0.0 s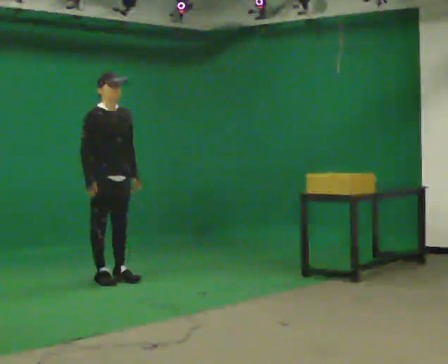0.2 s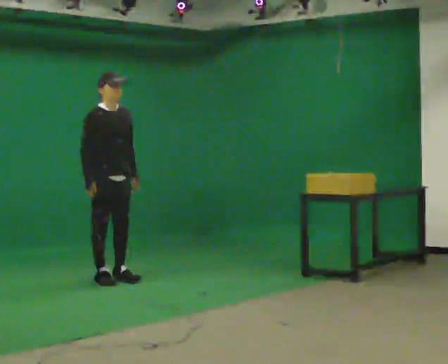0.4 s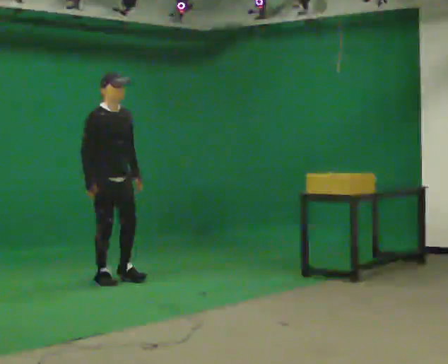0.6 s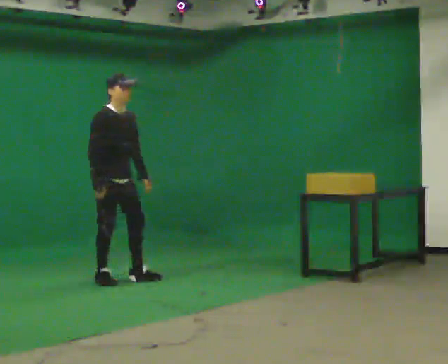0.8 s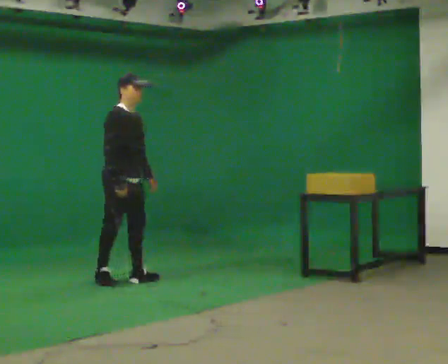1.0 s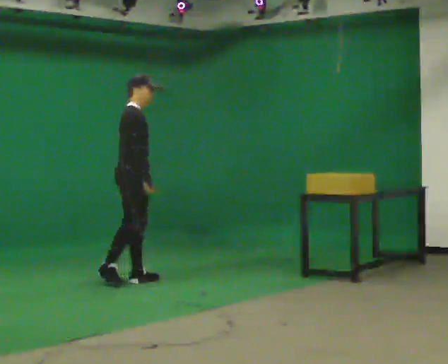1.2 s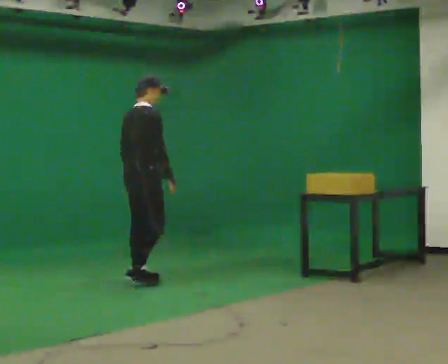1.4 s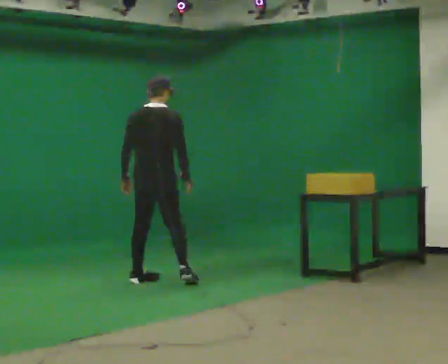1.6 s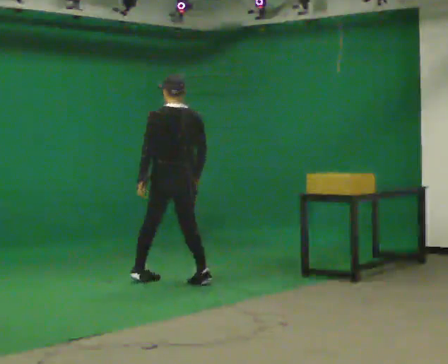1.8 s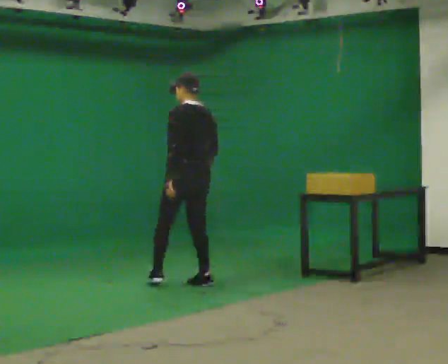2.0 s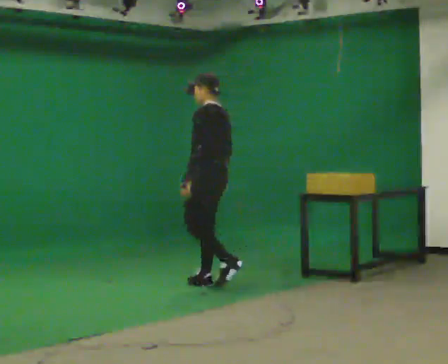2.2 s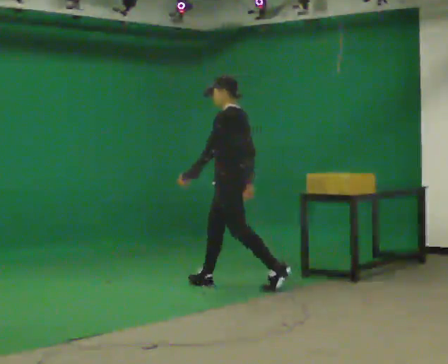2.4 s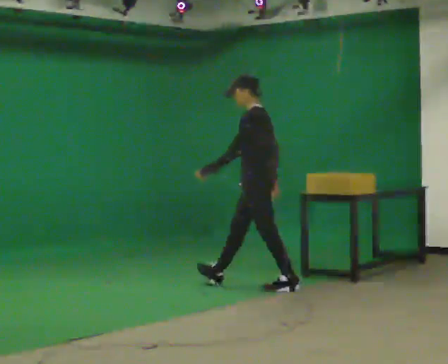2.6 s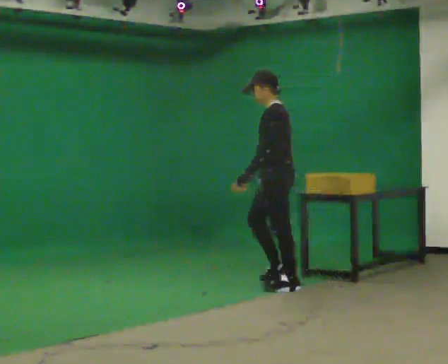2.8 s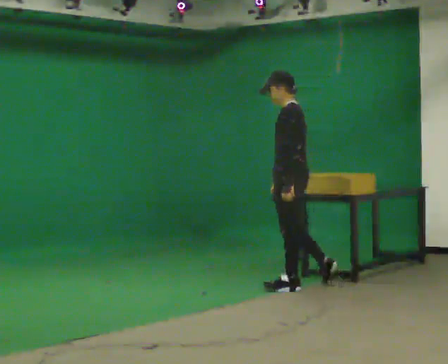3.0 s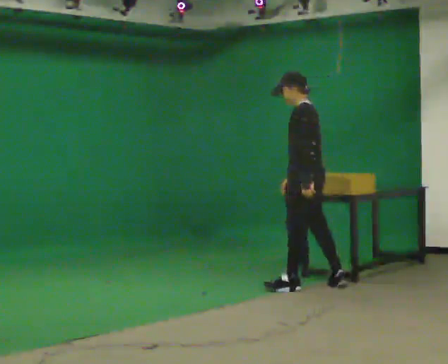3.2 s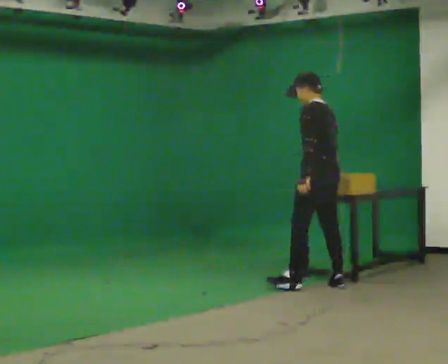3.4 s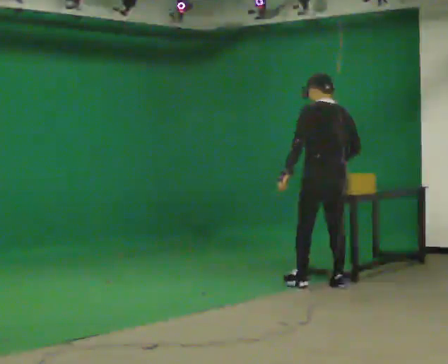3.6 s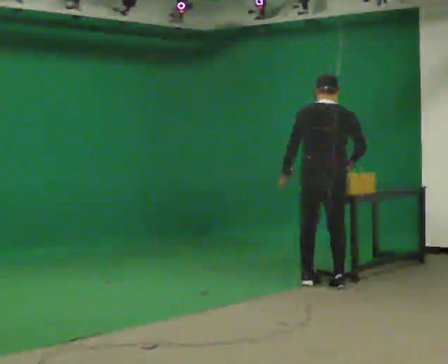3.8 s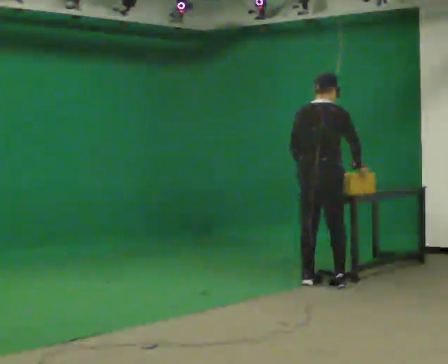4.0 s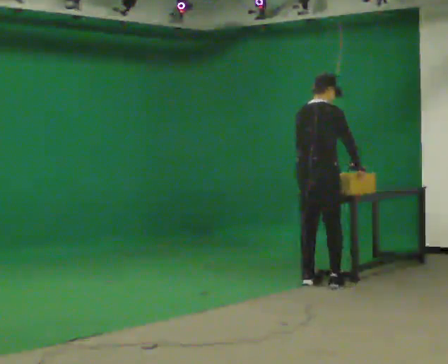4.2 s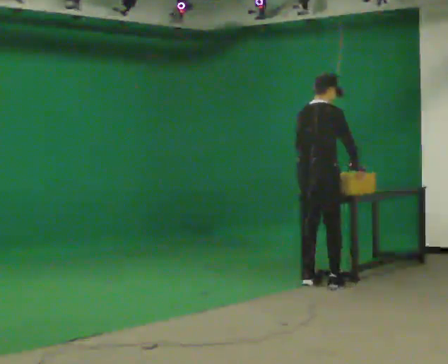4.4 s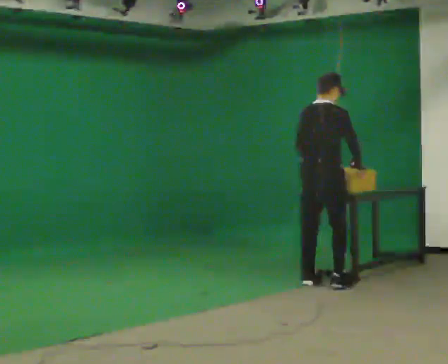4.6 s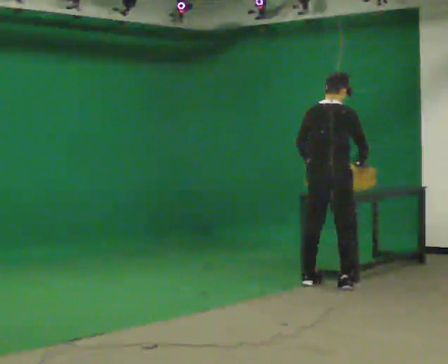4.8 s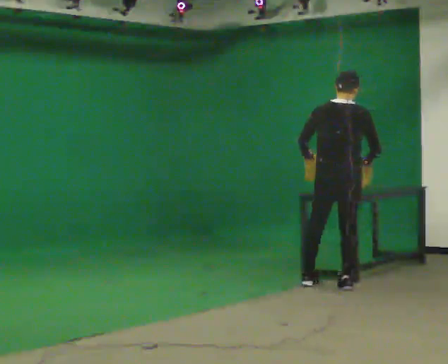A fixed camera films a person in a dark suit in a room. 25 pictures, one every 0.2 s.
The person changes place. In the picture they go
to the right.
0.0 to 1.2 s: The person turns about 75 degrees to their left, counterclockwise seen from above, so the part of the body nearest the lens slides to the right. In the picture they go to the right, about 0.25 m in 2 steps.
1.2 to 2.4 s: The part of the body nearest the lens slides to the right as the person turns to their left by about 135 degrees. In the picture they go to the right, about 1 m in 2 steps.
2.4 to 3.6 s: The person turns about 90 degrees to their right, clockwise seen from above, so the part of the body nearest the lens slides to the left. In the picture they go to the right, about 0.5 m in 1 step.
3.6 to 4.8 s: The person moves a little, or ends about where they began.
The film runs backward here.
